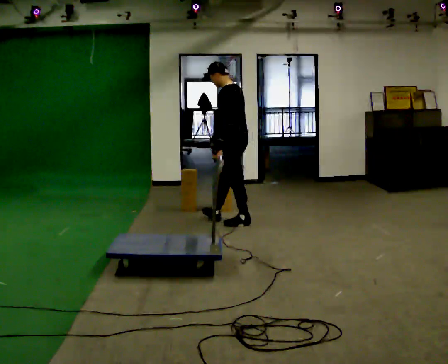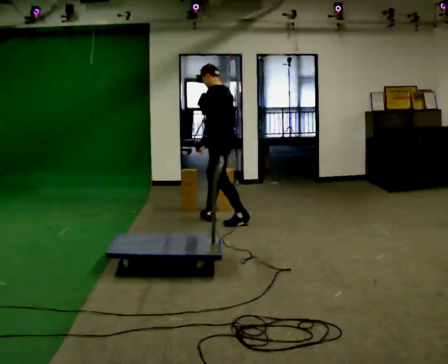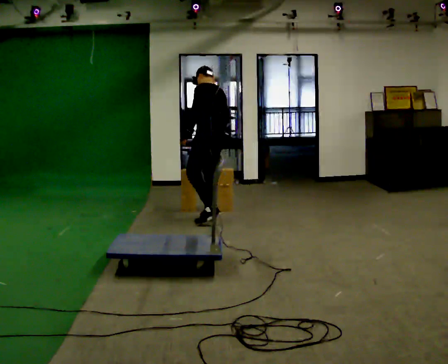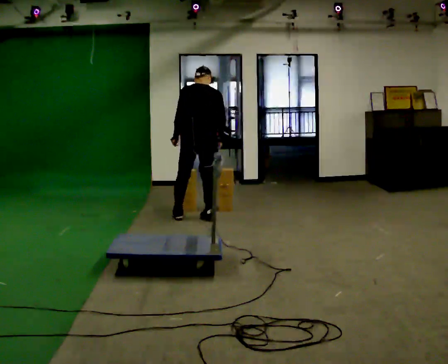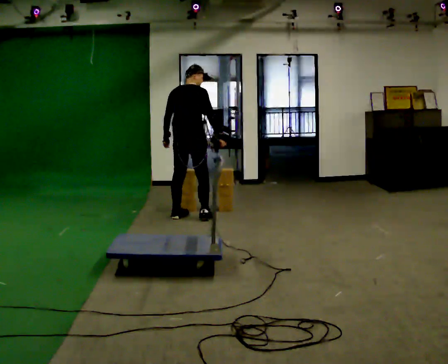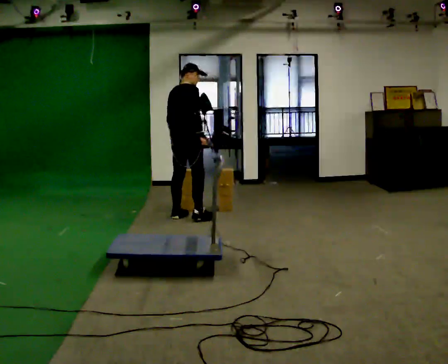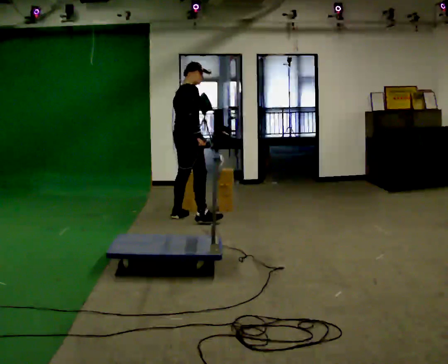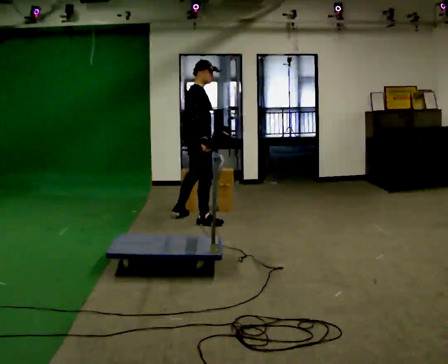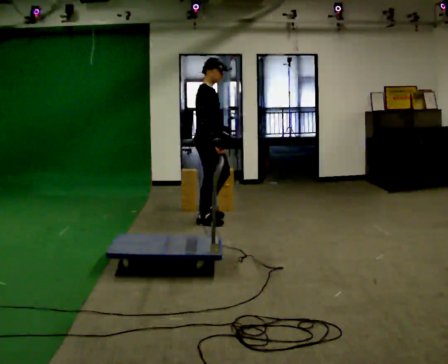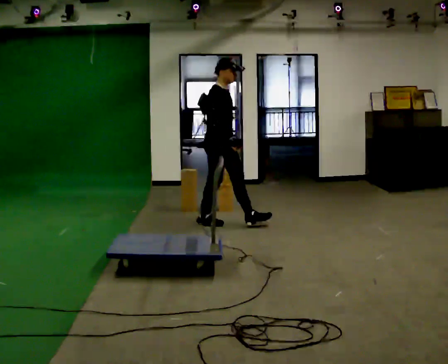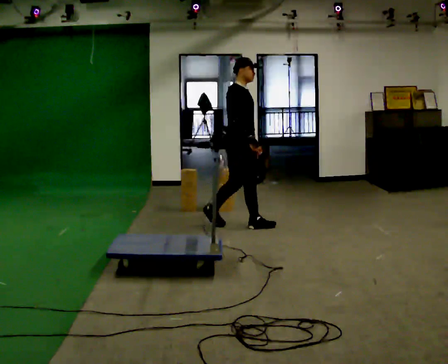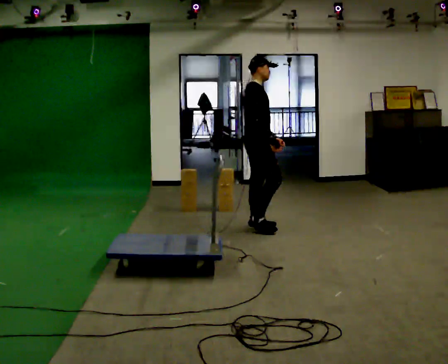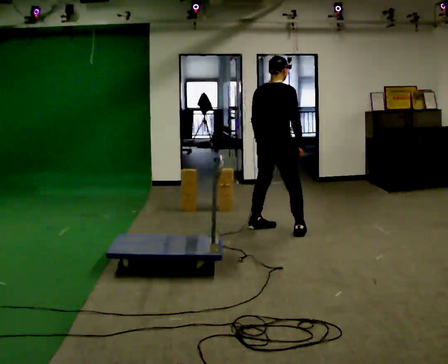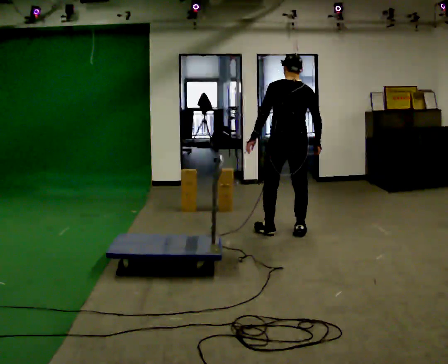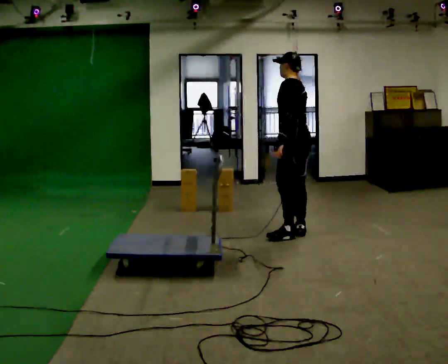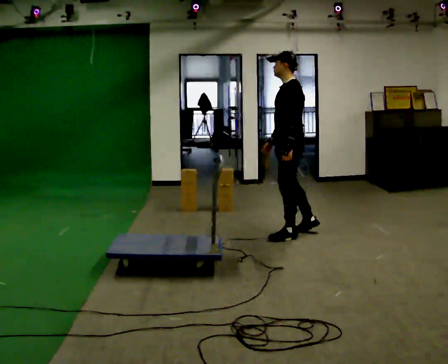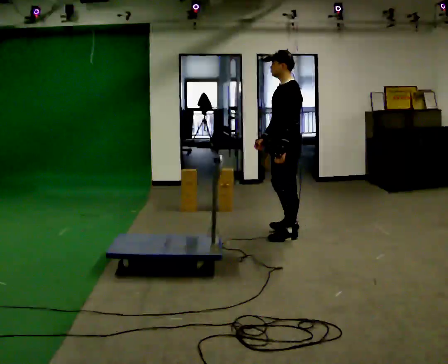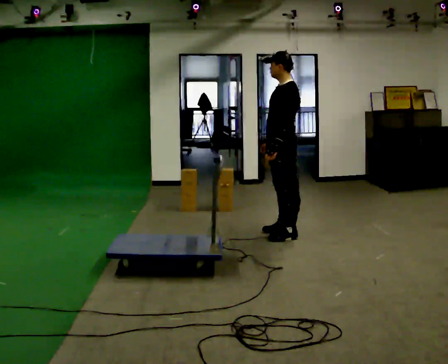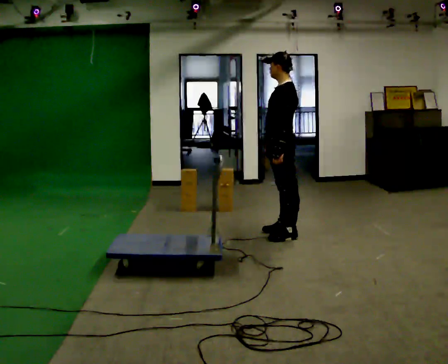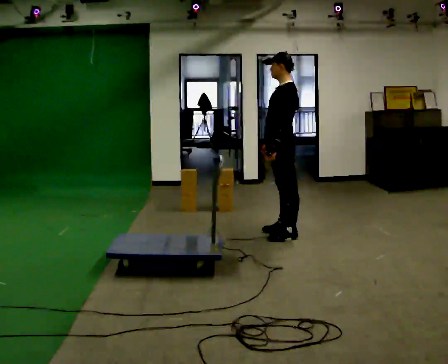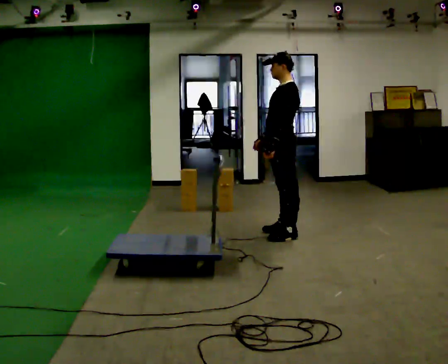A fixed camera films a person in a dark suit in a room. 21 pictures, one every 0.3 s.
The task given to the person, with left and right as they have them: Load the boxes onto the cart one at a time, then take them all off again. The cart stays where it is. Keep going until the operator says stop; one object at a time, and do not rush between trips.
0.0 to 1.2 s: The part of the body nearest the lens slides to the left as the person turns to their right by about 90 degrees. In the picture they go to the left, about 0.5 m in 2 steps.
1.2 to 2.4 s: Seen from above the body turns clockwise, about 75 degrees: to their right, with its near side sliding to the left. In the picture they go to the right and toward the camera, about 0.25 m in 1 step.
2.4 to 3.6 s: Seen from above the body turns counterclockwise, about 60 degrees: to their left, with its near side sliding to the right. In the picture they go to the right and toward the camera, about 1 m in 2 steps.
3.6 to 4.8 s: The part of the body nearest the lens slides to the right as the person turns to their left by about 135 degrees.
4.8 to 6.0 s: The person moves a little, or ends about where they began.
The film runs forward here.
